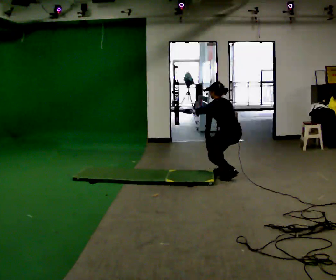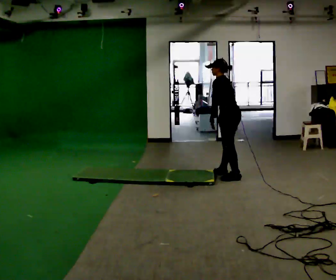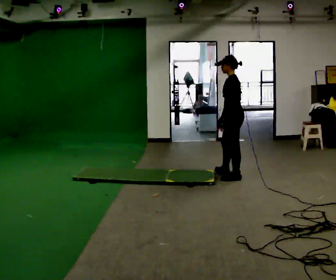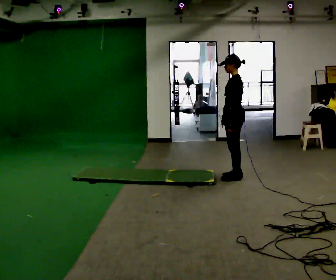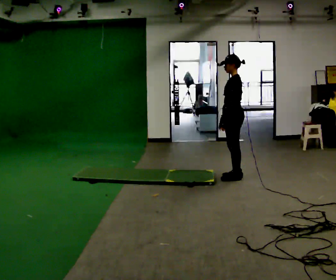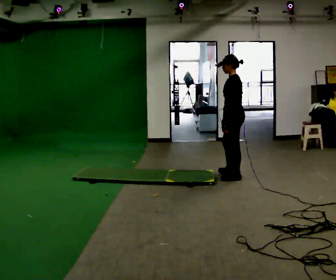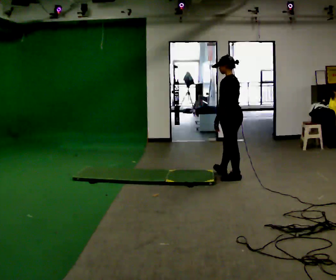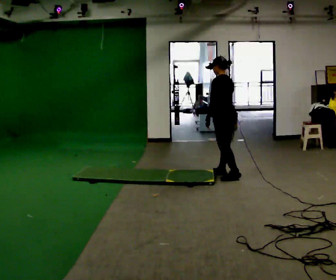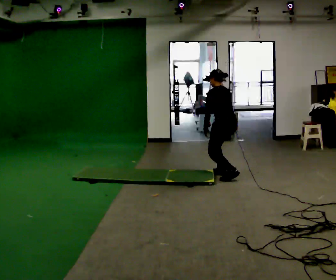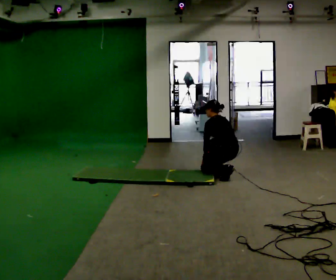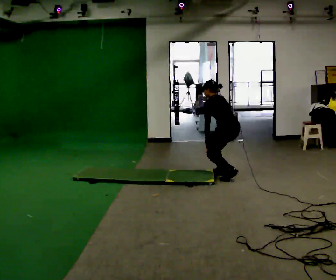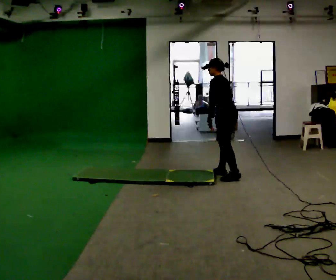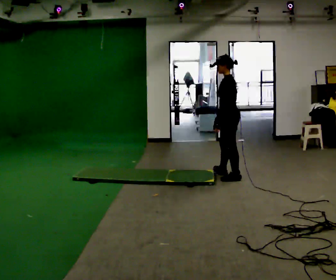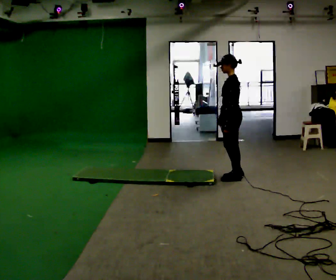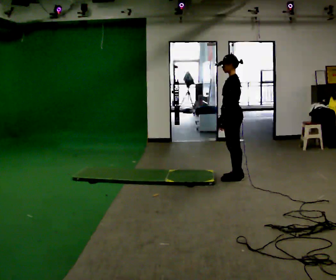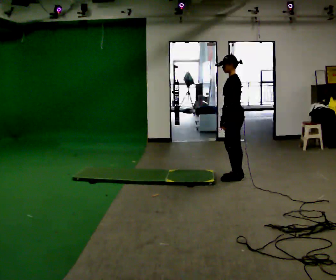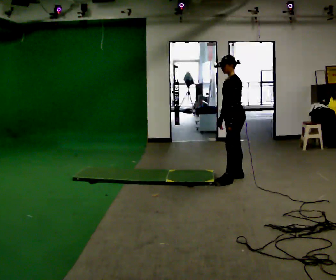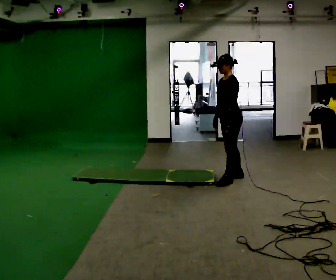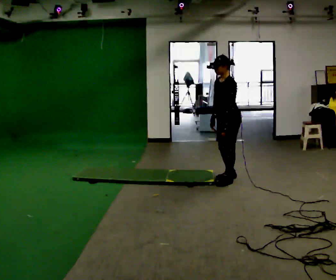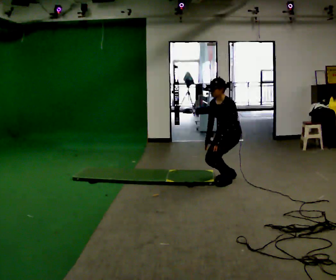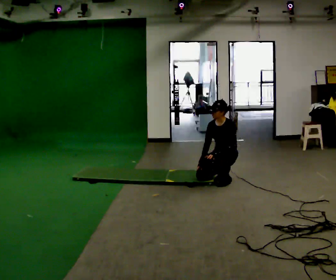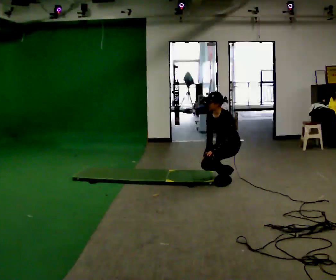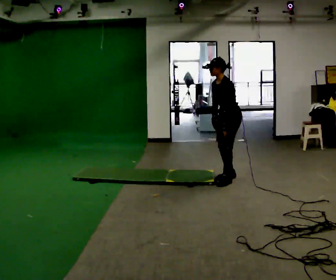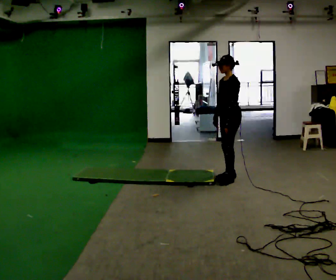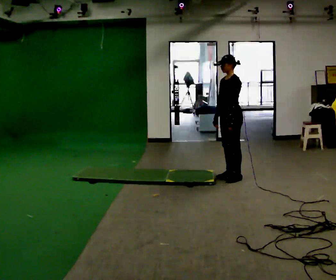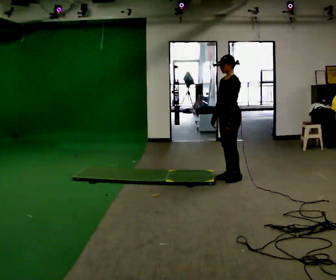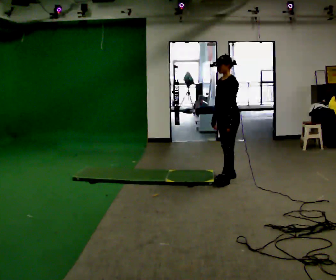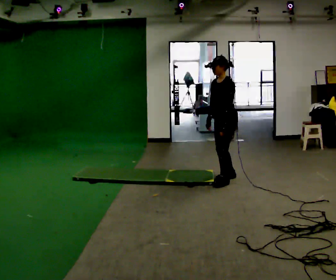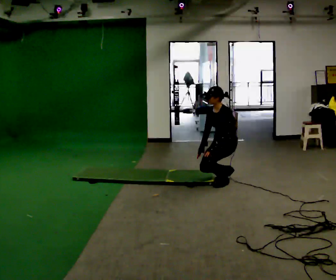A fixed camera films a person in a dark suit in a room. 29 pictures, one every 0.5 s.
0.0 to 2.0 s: The person turns about 45 degrees to their left, counterclockwise seen from above, so the part of the body nearest the lens slides to the right. The shoulders move upward. In the picture the upper body tilts clockwise, shoulders to the right, as they lean back or straighten.
2.0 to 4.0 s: Seen from above the body turns clockwise, about 45 degrees: to their right, with its near side sliding to the left. The shoulders move downward. In the picture the upper body tilts counterclockwise, shoulders to the left, as they bend forward. In the picture their left hand goes to the left.
4.0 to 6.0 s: Seen from above the body turns counterclockwise, about 45 degrees: to their left, with its near side sliding to the right.
6.0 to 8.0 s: The person moves a little, or ends about where they began.
8.0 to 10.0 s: The part of the body nearest the lens slides to the right as the person turns to their left by about 30 degrees. The shoulders move downward. In the picture their right hand goes downward.
10.0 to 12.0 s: The upper body goes upward. In the picture their right hand goes upward.
12.0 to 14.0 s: The shoulders move downward. In the picture their right hand goes downward.
The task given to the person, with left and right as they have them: From standing, kneel onto the knee the operator calls, hold briefly, then stand back up. Repeat the movement at your own pace until the operator says stop; do not rush.
The film runs forward here.
